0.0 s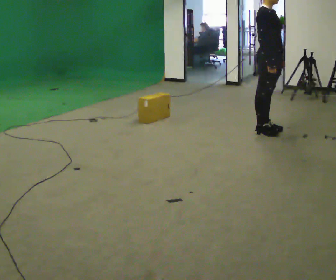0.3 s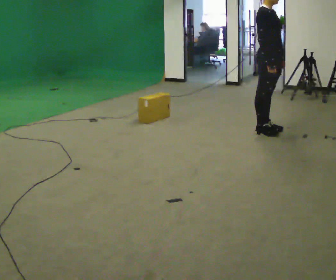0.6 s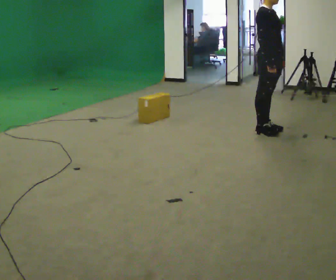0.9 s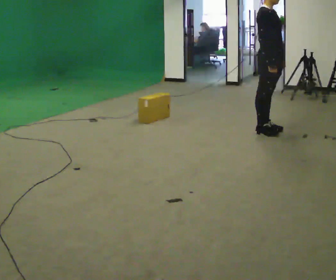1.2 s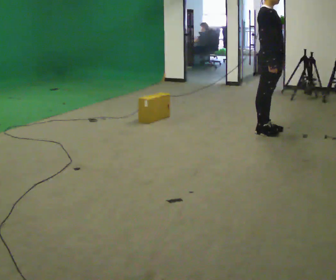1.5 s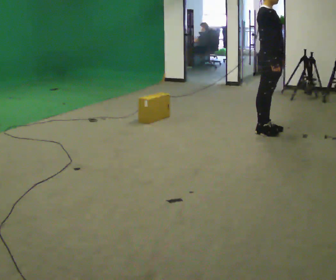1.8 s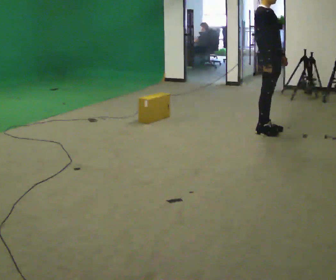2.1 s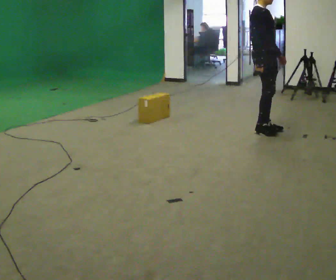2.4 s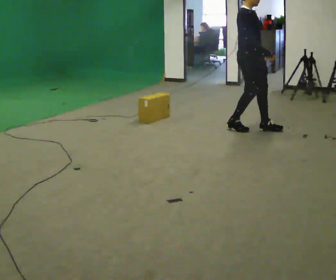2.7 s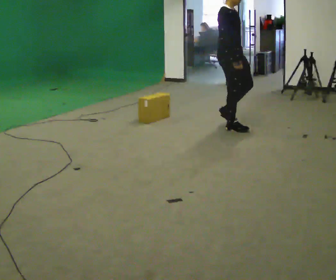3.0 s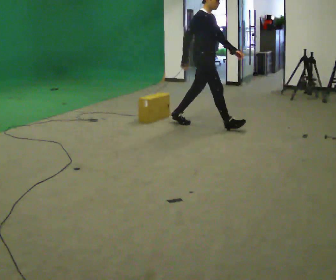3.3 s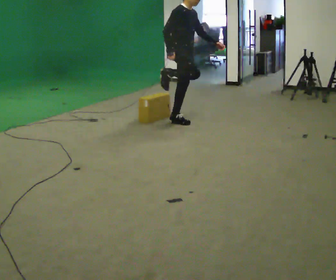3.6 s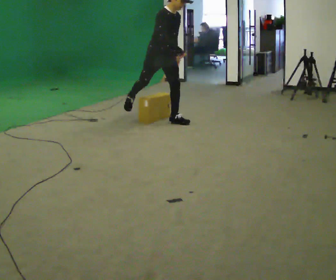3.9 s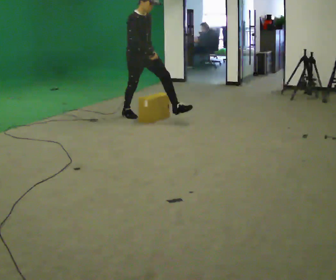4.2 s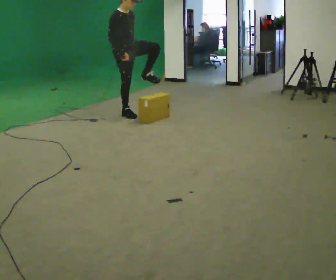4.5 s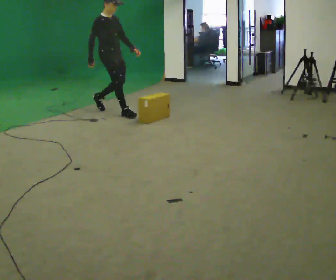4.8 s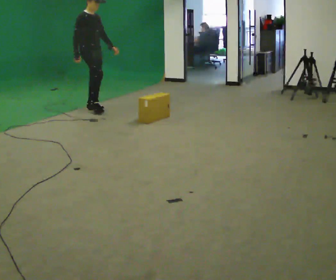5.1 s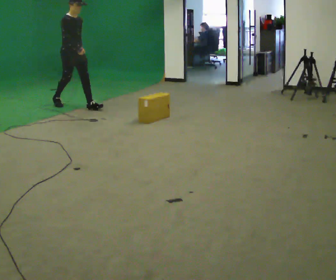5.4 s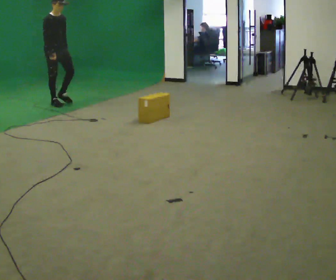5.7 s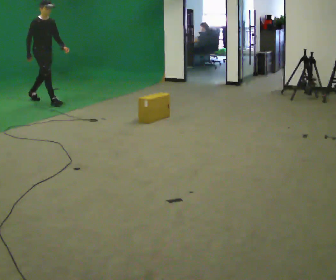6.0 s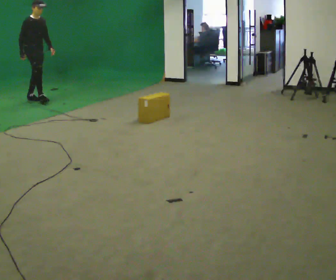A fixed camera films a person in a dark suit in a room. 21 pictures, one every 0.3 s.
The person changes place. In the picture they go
to the left.
0.0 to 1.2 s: The person keeps their place and pose.
1.2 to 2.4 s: In the picture they go to the left, about 0.25 m in 1 step, which for them is backward.
2.4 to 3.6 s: In the picture they go to the left, about 1 m in 2 steps, which for them is backward. In the picture the upper body tilts clockwise, shoulders to the right, as they bend forward.
3.6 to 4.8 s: In the picture they go to the left and away from the camera, about 1 m in 2 steps, which for them is backward. In the picture the upper body tilts counterclockwise, shoulders to the left.
4.8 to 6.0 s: In the picture they go to the left and away from the camera, about 1.5 m in 2 steps, which for them is backward.
The film runs backward here.
